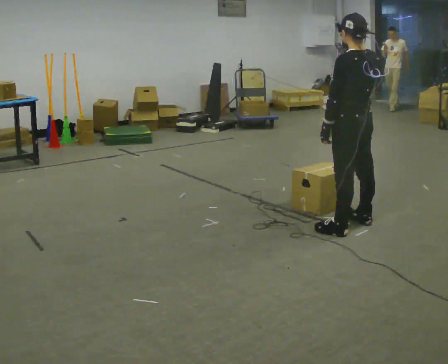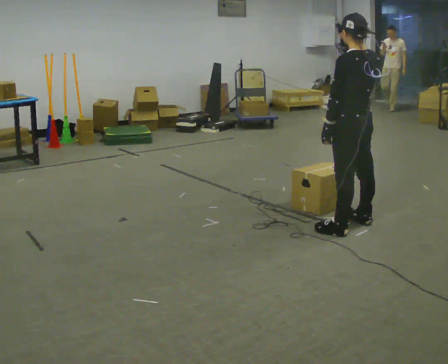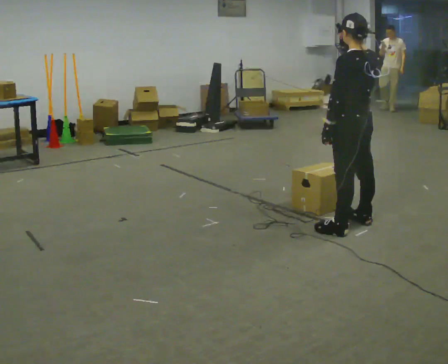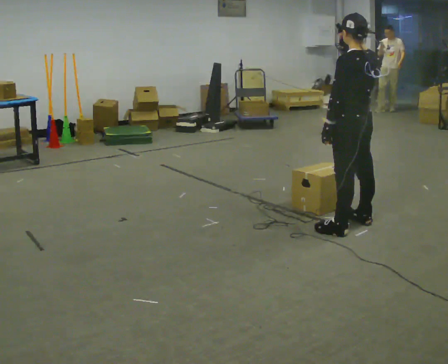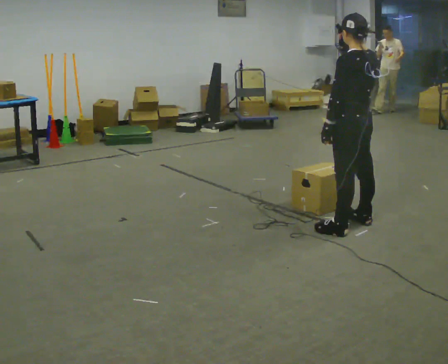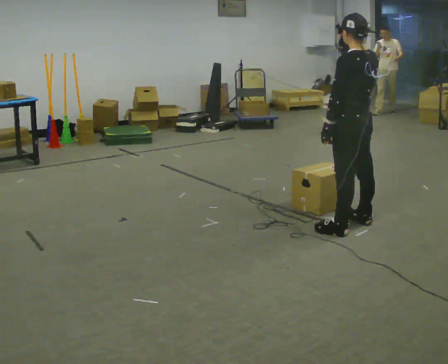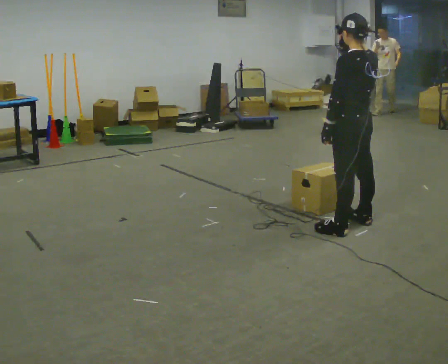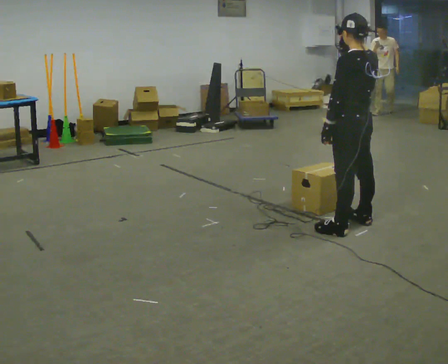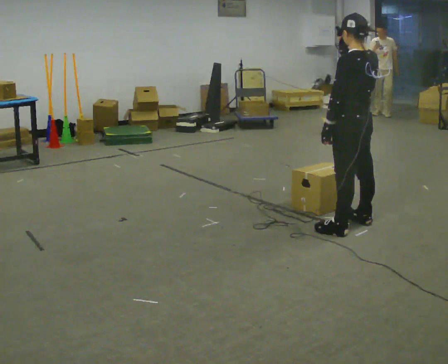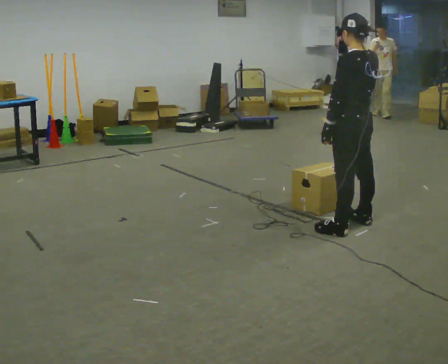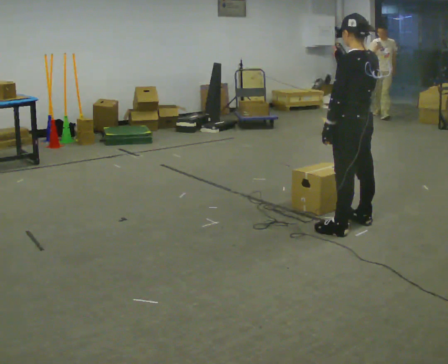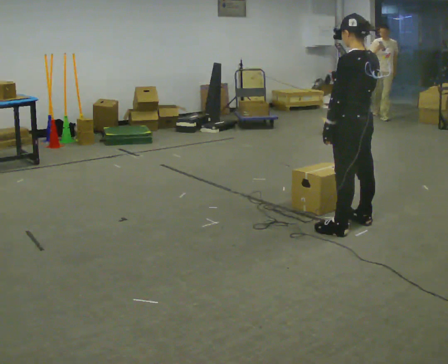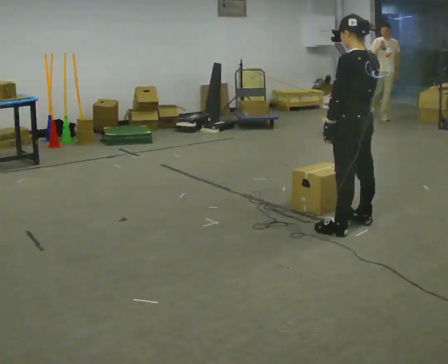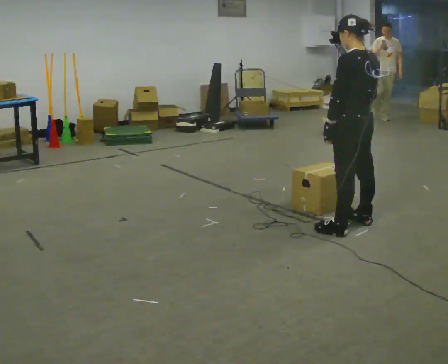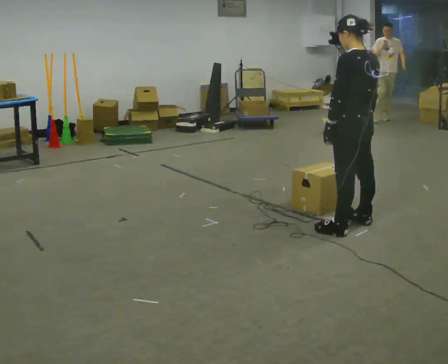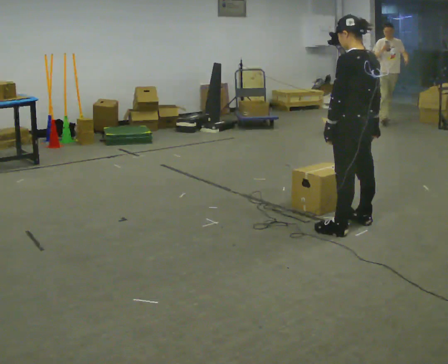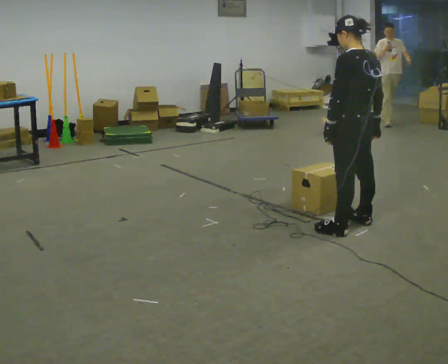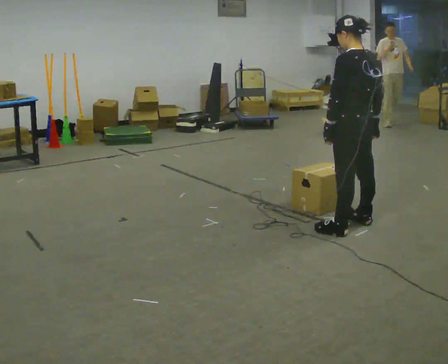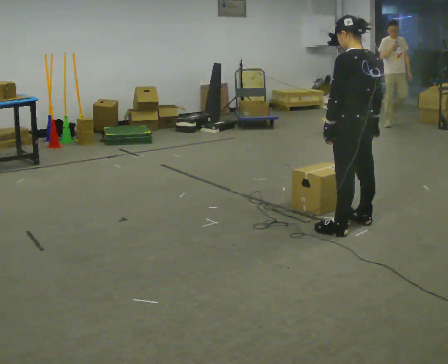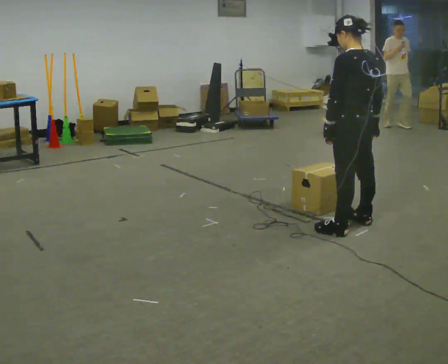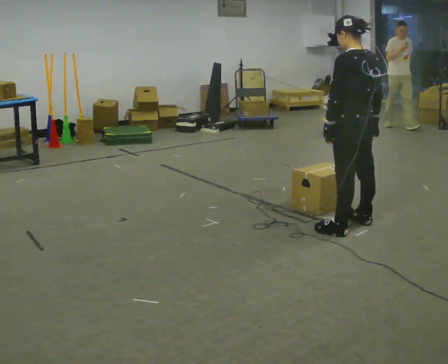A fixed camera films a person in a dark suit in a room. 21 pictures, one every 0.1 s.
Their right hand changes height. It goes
downward.
0.0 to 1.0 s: The person moves a little, or ends about where they began.
1.0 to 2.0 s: In the picture their right hand goes downward.
The film runs forward here.
